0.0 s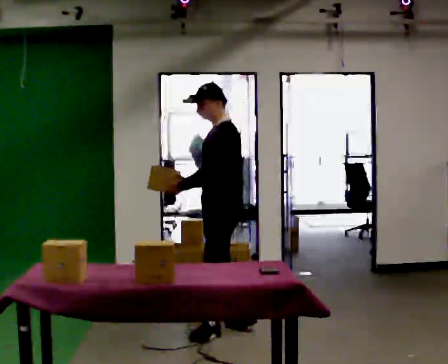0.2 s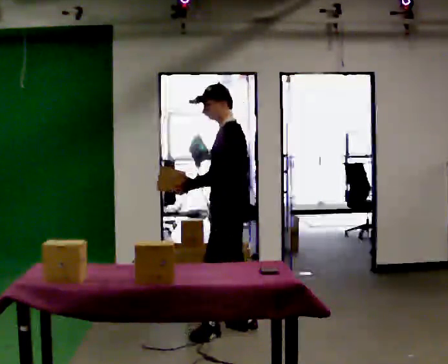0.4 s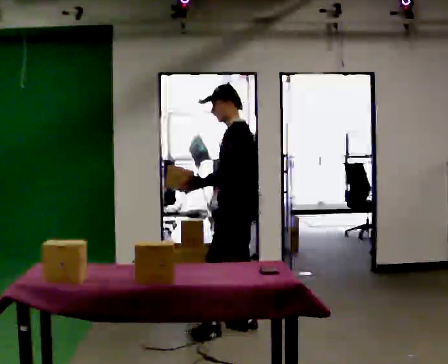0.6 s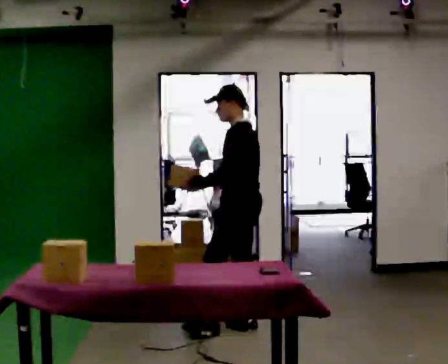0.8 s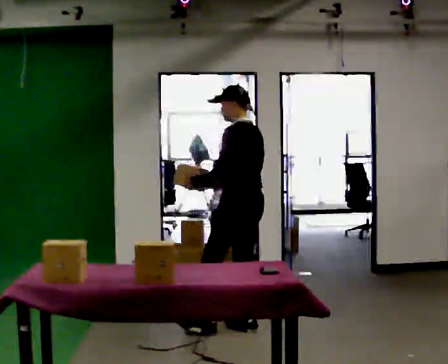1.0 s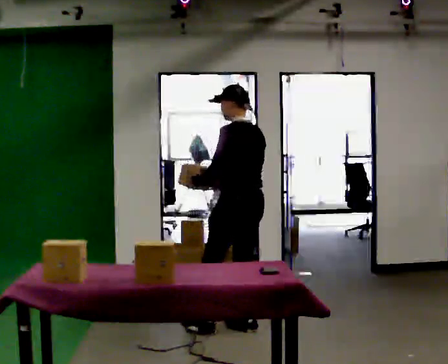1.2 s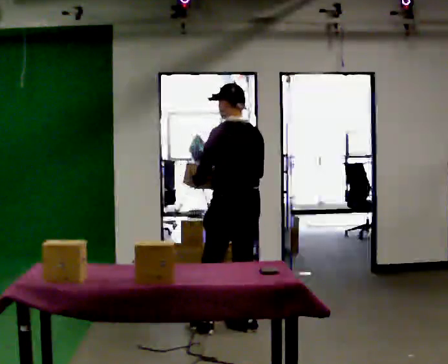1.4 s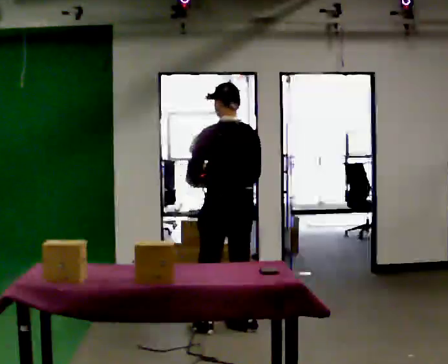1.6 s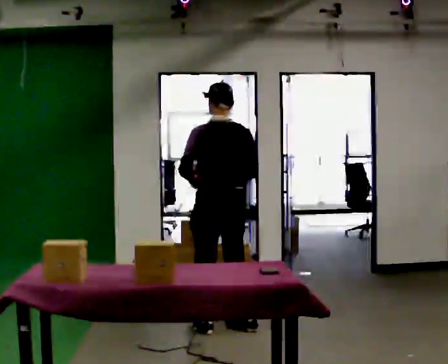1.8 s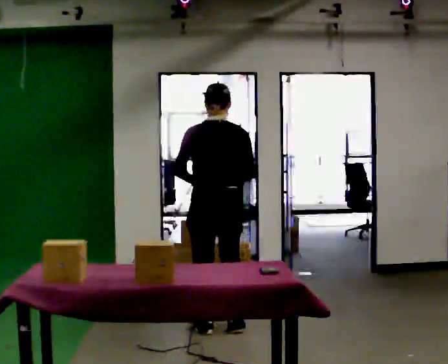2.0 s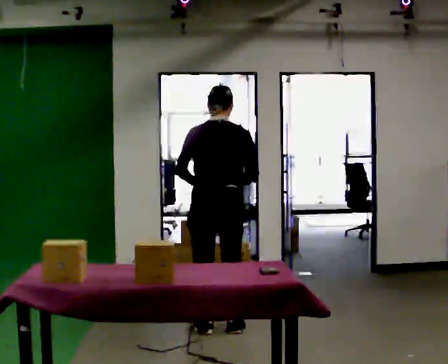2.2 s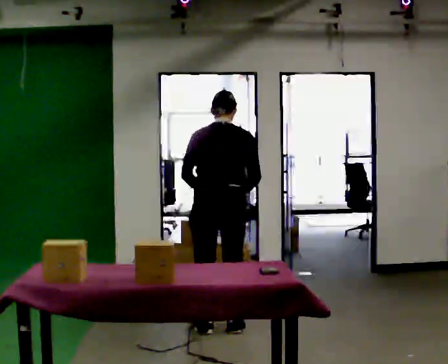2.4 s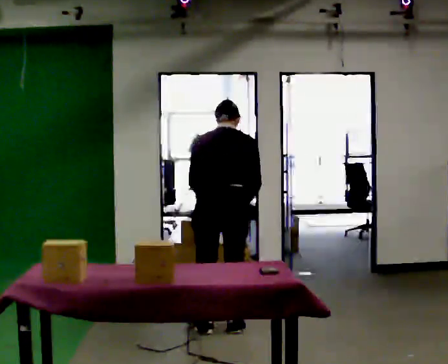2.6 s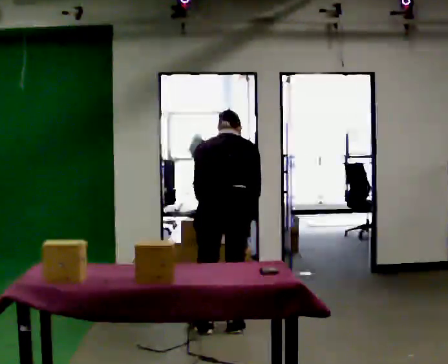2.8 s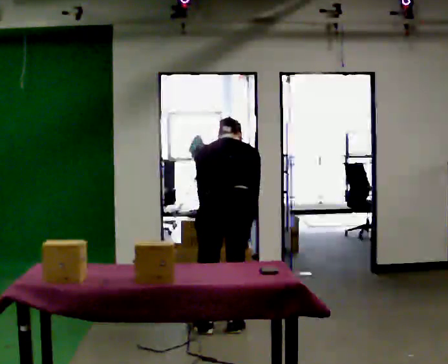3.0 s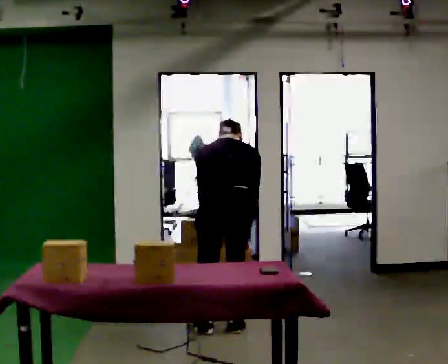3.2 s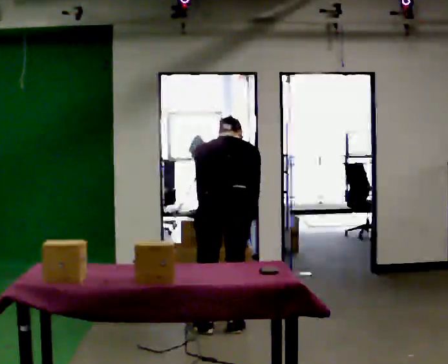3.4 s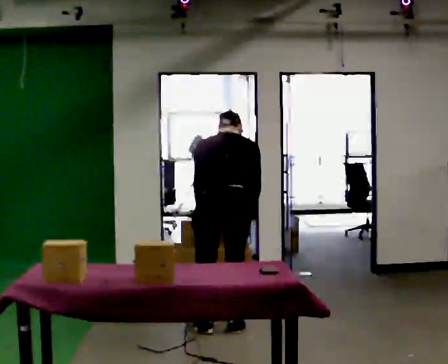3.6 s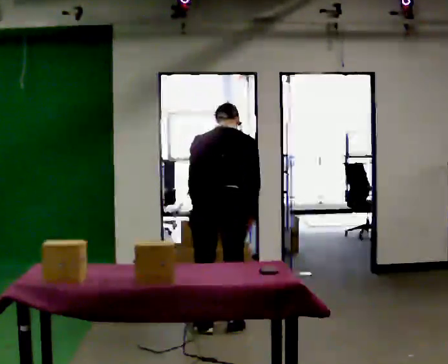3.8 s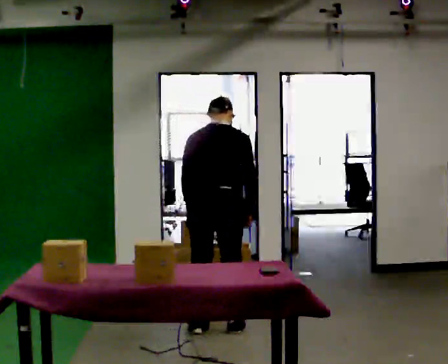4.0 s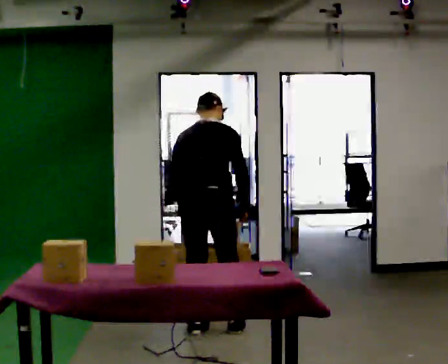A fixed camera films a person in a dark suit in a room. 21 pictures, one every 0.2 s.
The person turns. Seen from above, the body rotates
clockwise.
Their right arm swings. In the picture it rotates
counterclockwise.
0.0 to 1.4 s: Seen from above the body turns clockwise, about 75 degrees: to their right, with its near side sliding to the left.
1.4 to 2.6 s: The person turns about 30 degrees to their right, clockwise seen from above, so the part of the body nearest the lens slides to the left. The upper body tips away from the camera, its near side rolling upward, as they bend forward.
2.6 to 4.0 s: The person moves a little, or ends about where they began.
The film runs backward here.
